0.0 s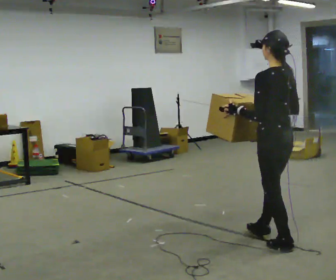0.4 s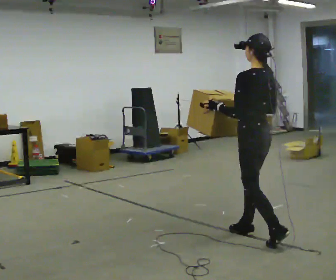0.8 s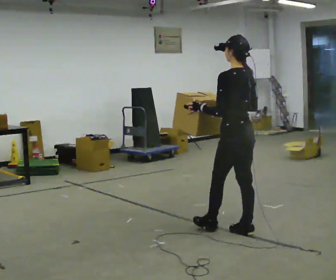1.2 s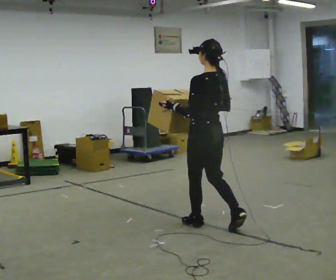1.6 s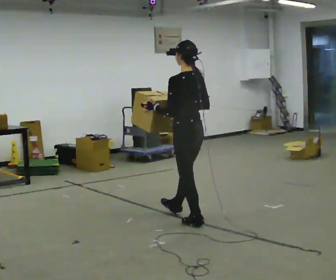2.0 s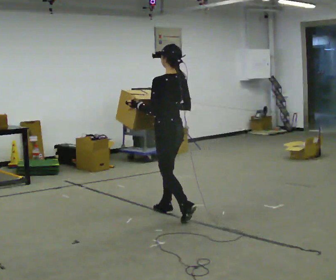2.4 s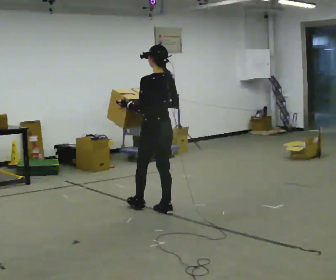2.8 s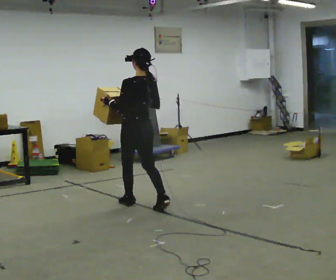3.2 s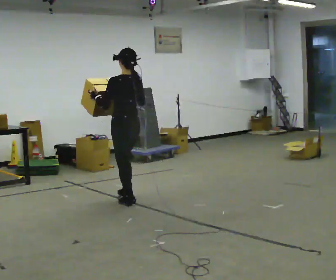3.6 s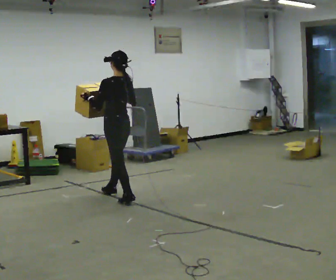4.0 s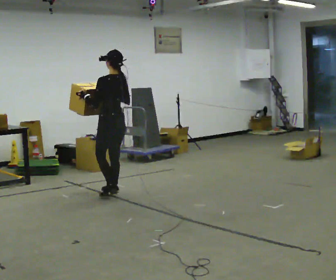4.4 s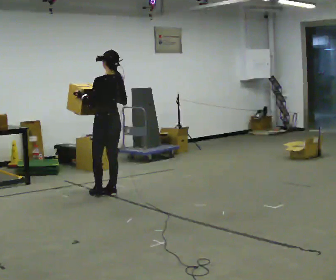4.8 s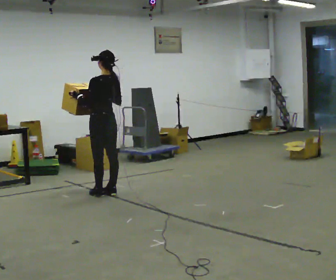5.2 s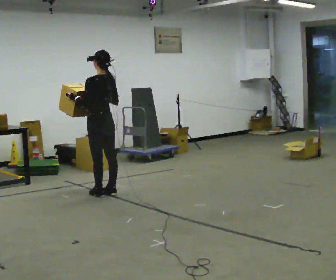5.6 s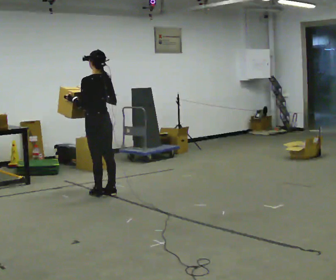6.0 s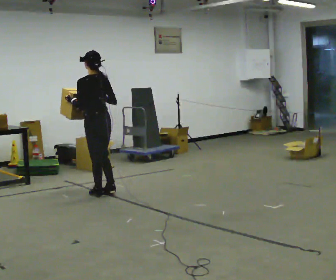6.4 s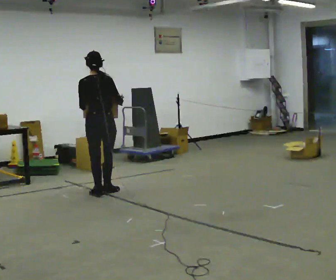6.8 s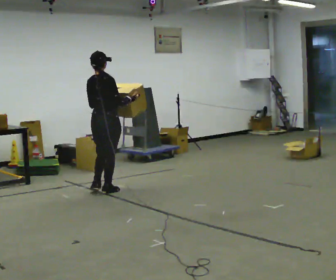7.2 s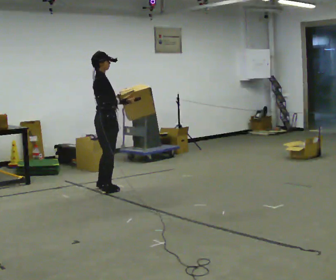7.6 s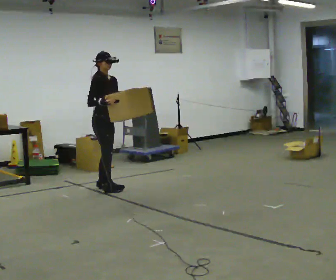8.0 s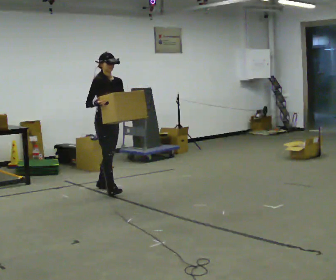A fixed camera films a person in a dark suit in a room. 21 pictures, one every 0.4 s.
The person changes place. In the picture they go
away from the camera.
0.0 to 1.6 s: In the picture they go away from the camera and to the left, about 1 m in 2 steps, which for them is forward.
1.6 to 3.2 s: In the picture they go away from the camera and to the left, about 1 m in 2 steps, which for them is forward.
3.2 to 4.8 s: In the picture they go away from the camera and to the left, about 0.5 m in 2 steps, which for them is forward.
4.8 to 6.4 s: Seen from above the body turns clockwise, about 45 degrees: to their right, with its near side sliding to the left.
6.4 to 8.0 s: The part of the body nearest the lens slides to the left as the person turns to their right by about 135 degrees. In the picture they go away from the camera, about 0.25 m in 1 step. In the picture their right hand goes to the left.
The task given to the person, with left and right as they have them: Carry the heavy box in both hands in front of you, walking back and forth across the room. Keep walking until the operator says stop. Set it down if you need a rest.
The film runs forward here.
